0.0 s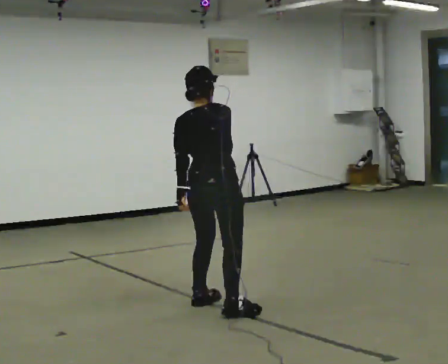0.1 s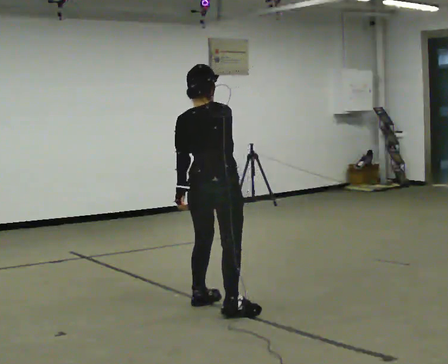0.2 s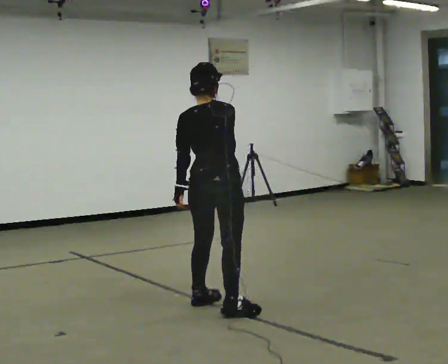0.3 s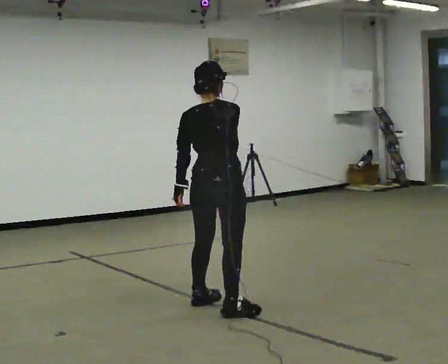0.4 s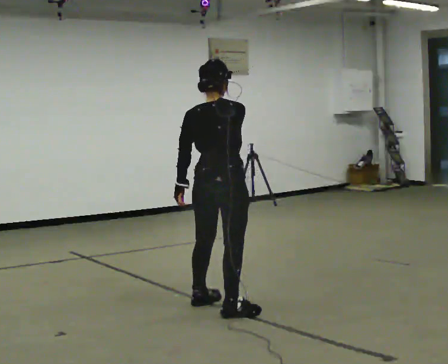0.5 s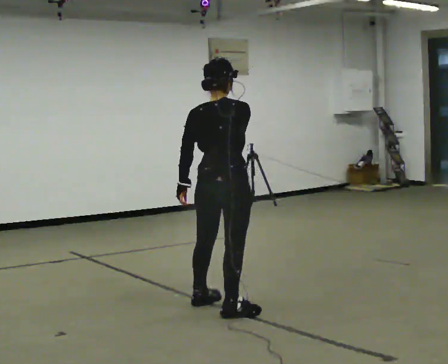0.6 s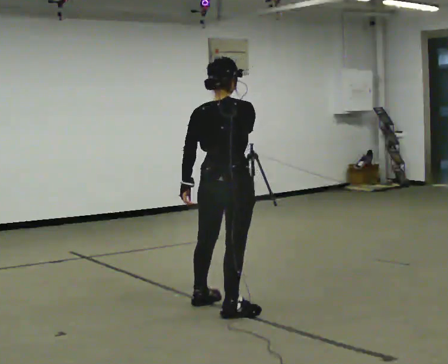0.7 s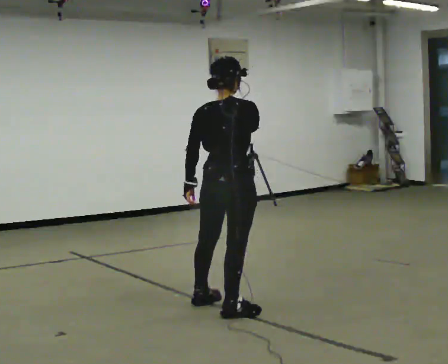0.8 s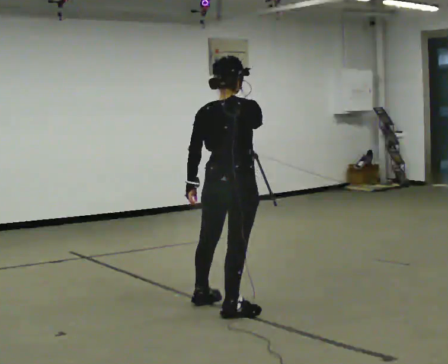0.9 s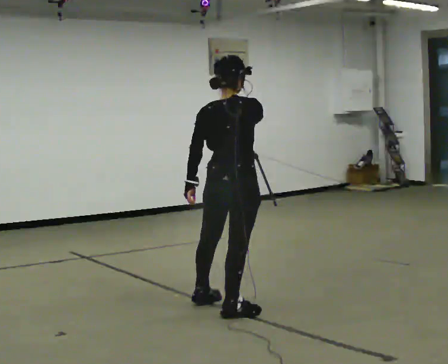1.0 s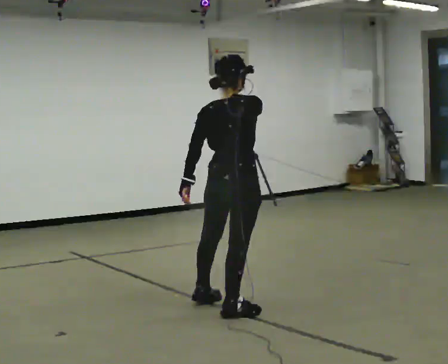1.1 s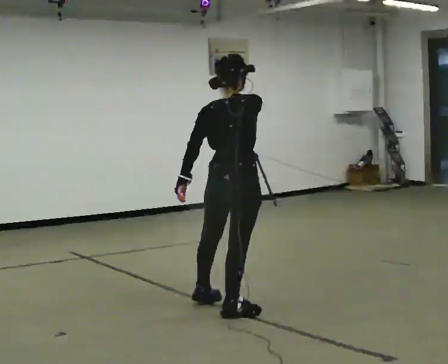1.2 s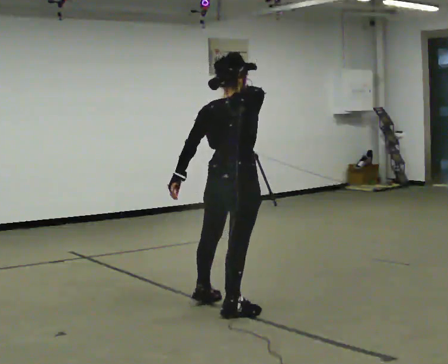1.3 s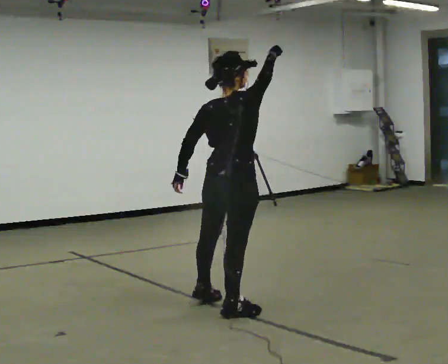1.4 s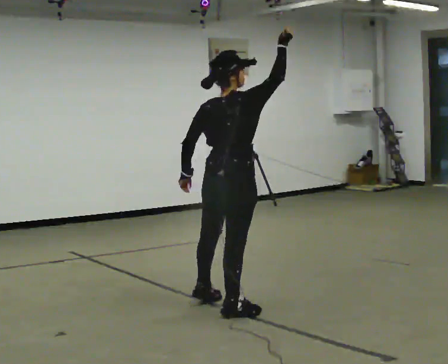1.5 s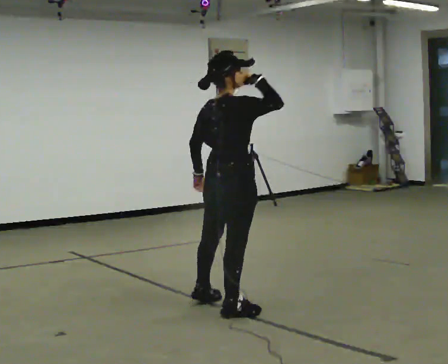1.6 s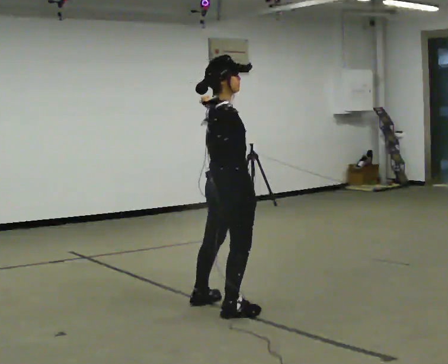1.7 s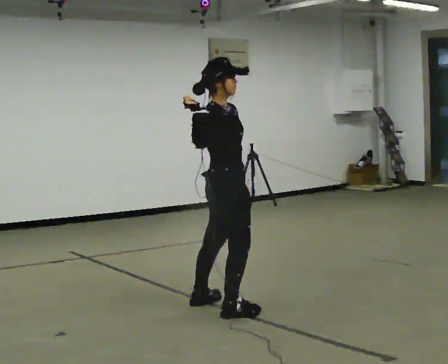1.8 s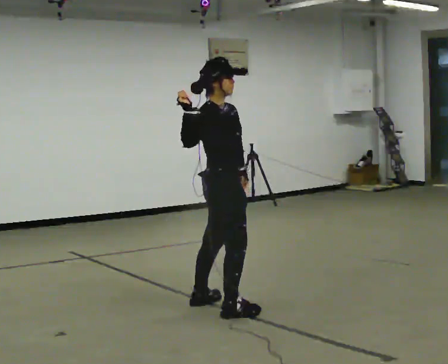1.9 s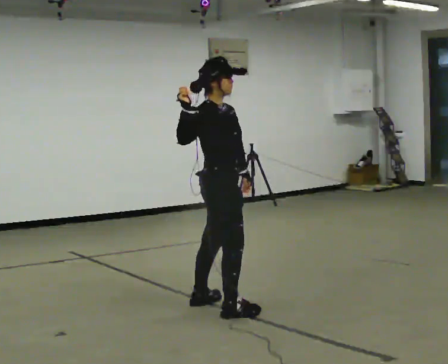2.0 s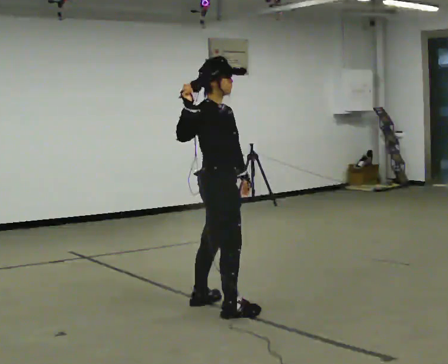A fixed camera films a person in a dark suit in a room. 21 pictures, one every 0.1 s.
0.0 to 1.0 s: The person moves a little, or ends about where they began.
1.0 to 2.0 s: Seen from above the body turns clockwise, about 75 degrees: to their right, with its near side sliding to the left.
The film runs backward here.
